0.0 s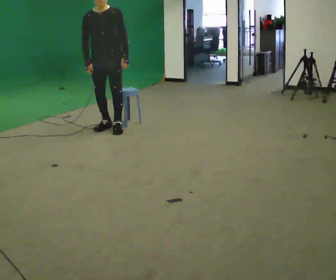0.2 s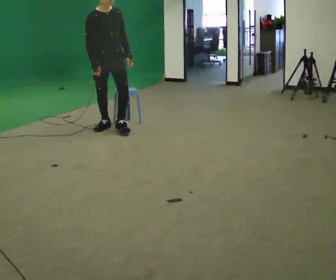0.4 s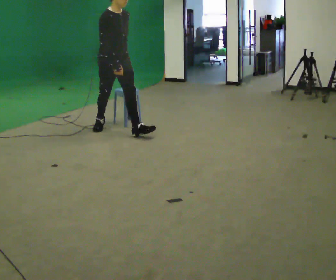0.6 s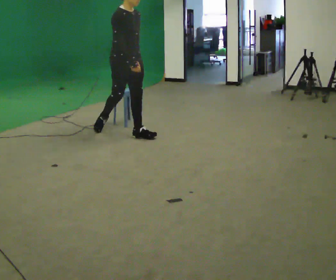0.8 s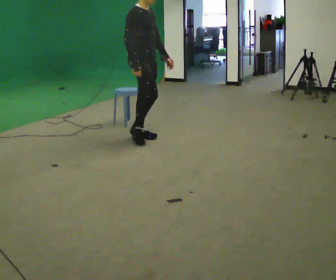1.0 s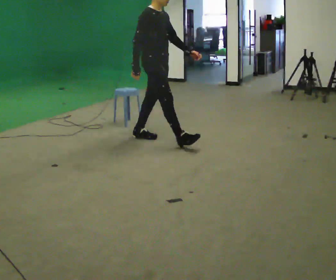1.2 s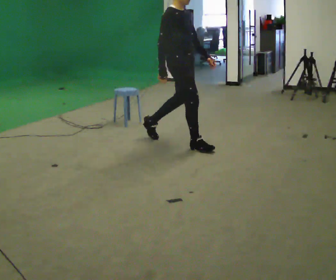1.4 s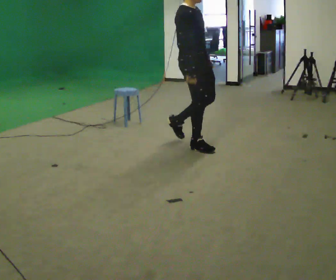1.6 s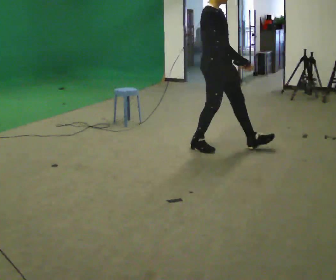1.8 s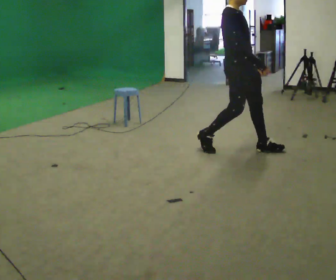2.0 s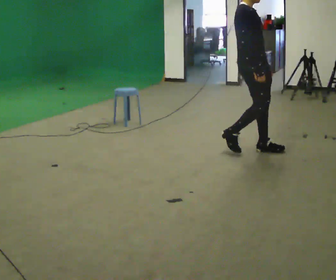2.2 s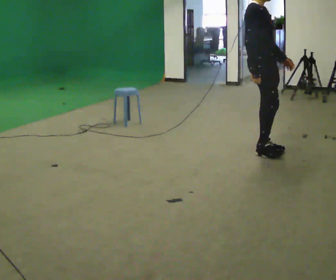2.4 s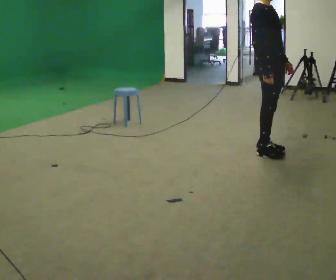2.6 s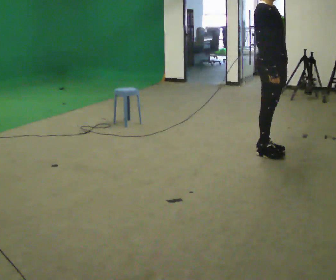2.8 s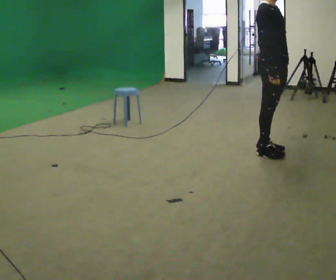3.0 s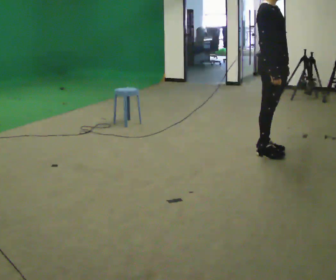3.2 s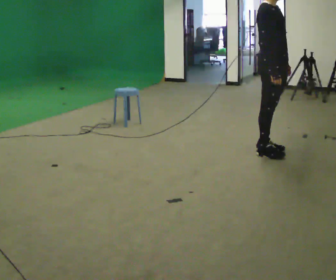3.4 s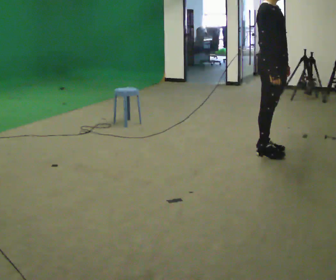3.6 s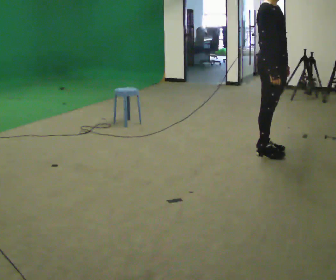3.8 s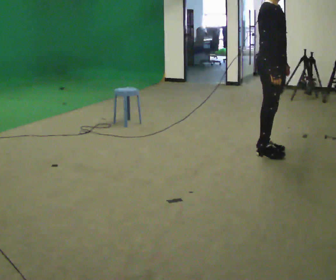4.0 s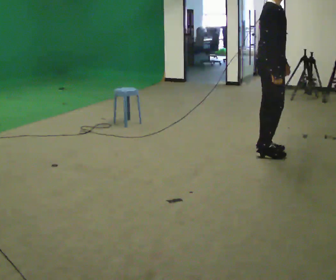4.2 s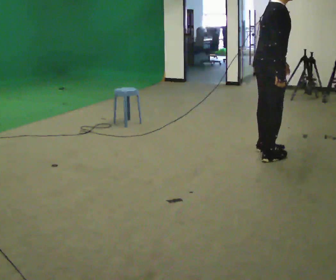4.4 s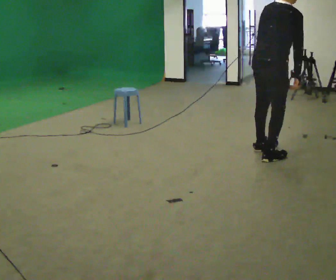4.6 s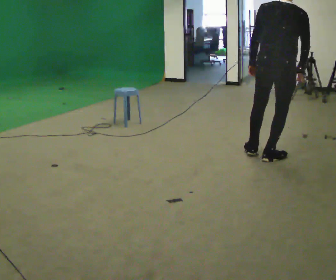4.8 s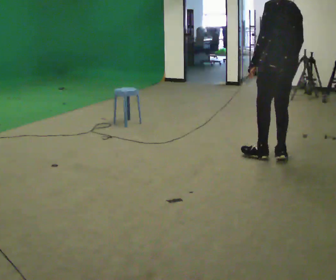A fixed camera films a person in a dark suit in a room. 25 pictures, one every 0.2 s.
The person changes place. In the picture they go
to the right.
The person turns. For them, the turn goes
to their left.
0.0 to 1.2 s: The person turns about 60 degrees to their left, counterclockwise seen from above, so the part of the body nearest the lens slides to the right. In the picture they go to the right, about 1 m in 2 steps.
1.2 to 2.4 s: In the picture they go to the right, about 1 m in 2 steps, which for them is forward.
2.4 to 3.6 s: The person moves a little, or ends about where they began.
3.6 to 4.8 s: Seen from above the body turns counterclockwise, about 150 degrees: to their left, with its near side sliding to the right.
The film runs forward here.
